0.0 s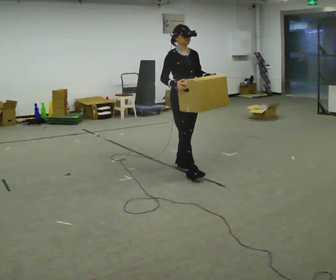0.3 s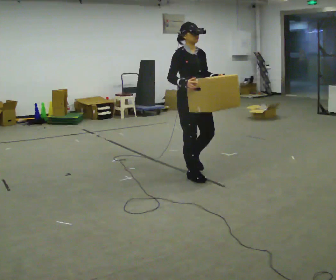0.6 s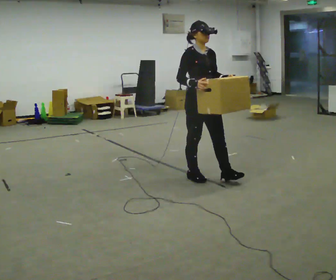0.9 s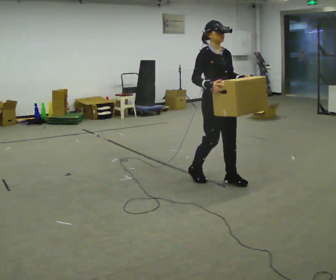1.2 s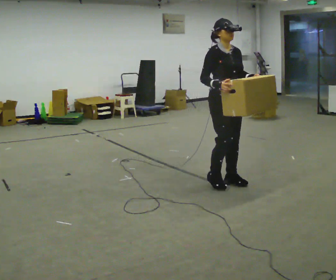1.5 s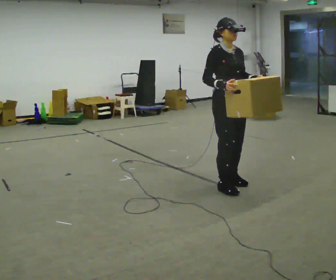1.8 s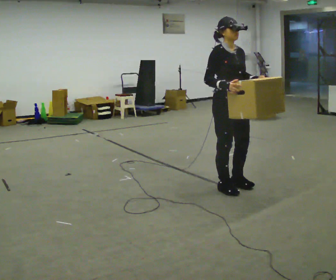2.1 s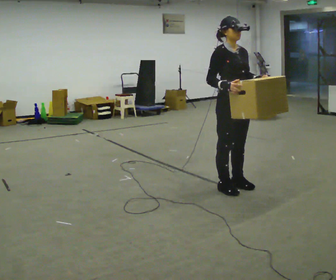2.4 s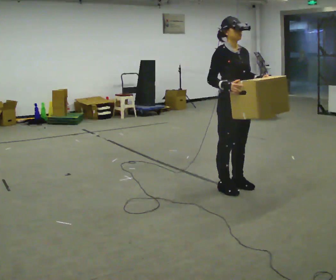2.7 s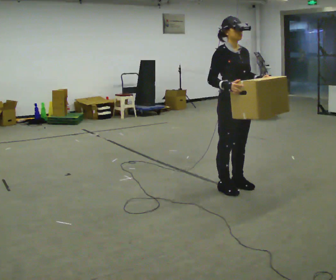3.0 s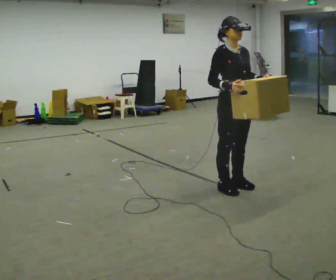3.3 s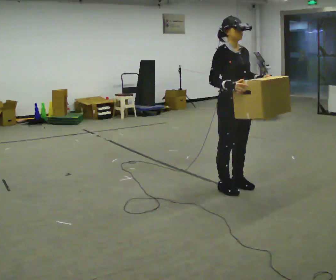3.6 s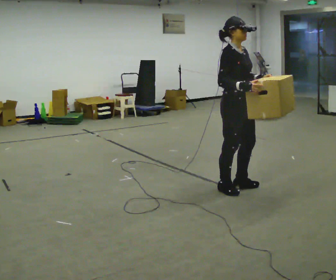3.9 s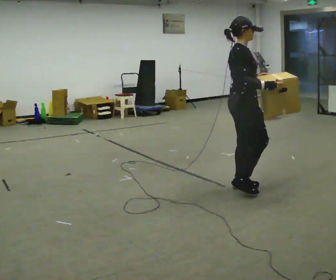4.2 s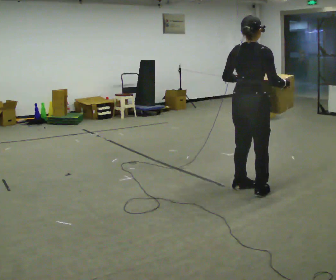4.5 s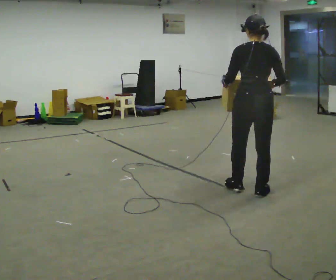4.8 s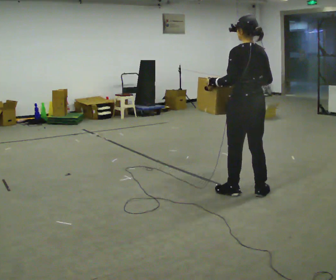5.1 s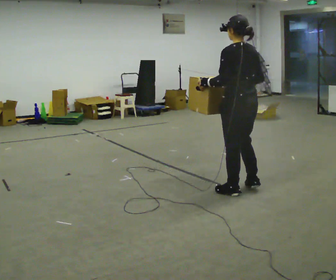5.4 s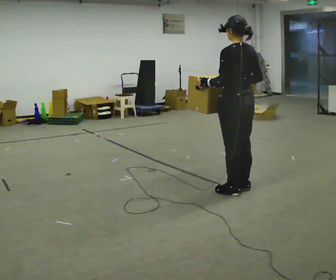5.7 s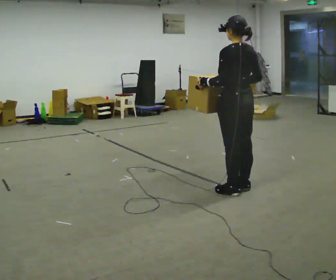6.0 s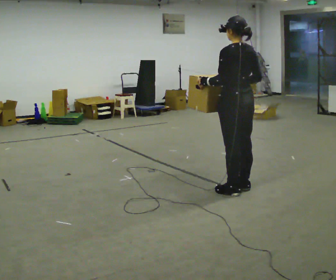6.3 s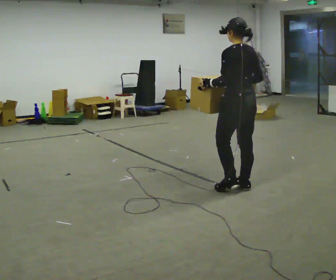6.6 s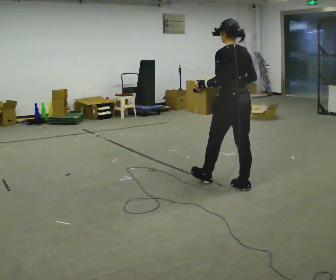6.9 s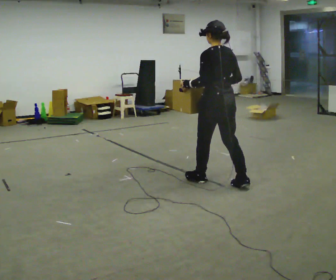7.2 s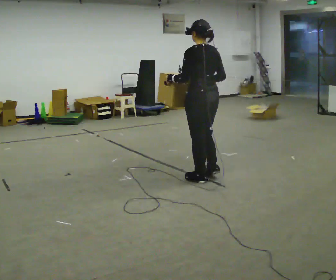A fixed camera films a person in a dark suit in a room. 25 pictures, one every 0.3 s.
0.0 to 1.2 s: In the picture they go to the right and toward the camera, about 0.5 m in 2 steps, which for them is forward.
1.2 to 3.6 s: In the picture they go toward the camera, about 0.25 m in 1 step, which for them is forward.
3.6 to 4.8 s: The person turns about 150 degrees to their left, counterclockwise seen from above, so the part of the body nearest the lens slides to the right.
4.8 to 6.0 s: The person moves a little, or ends about where they began.
6.0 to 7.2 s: In the picture they go to the left and away from the camera, about 0.5 m in 1 step, which for them is forward.
The film runs forward here.
